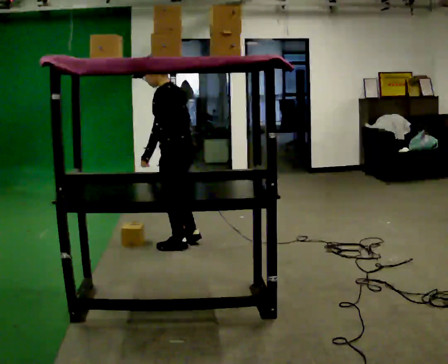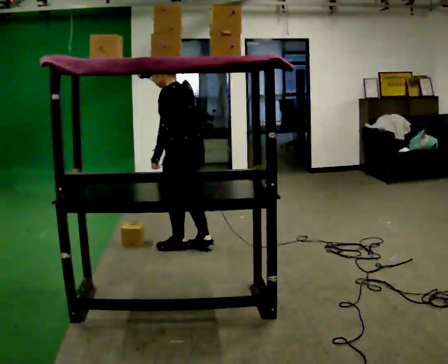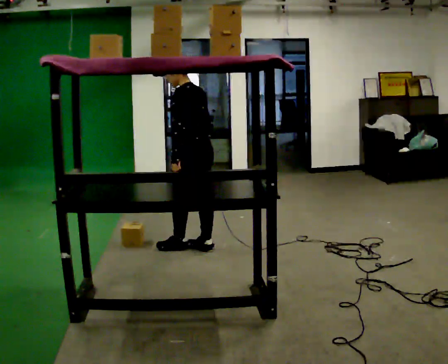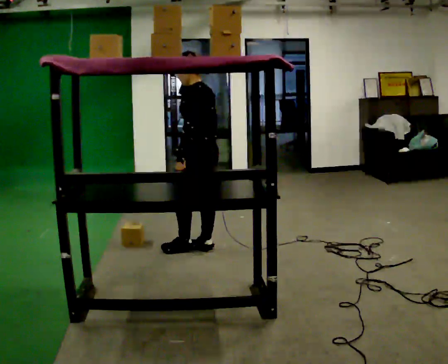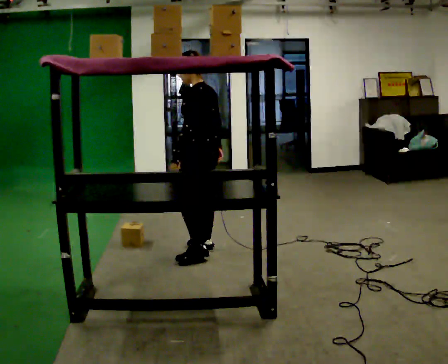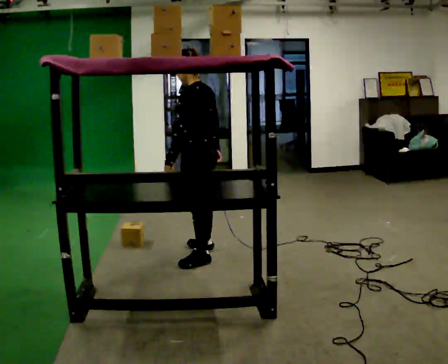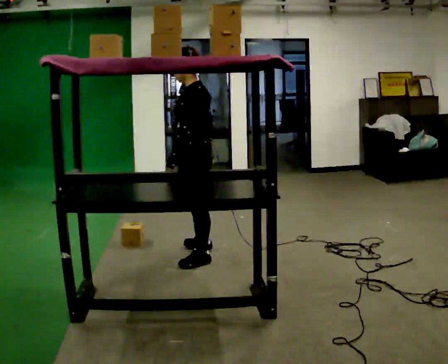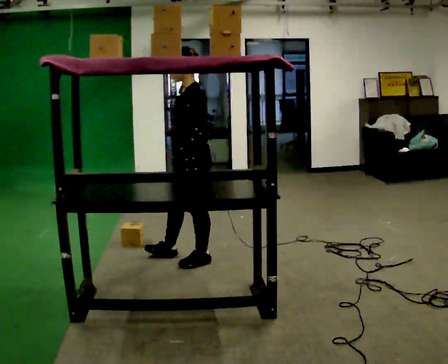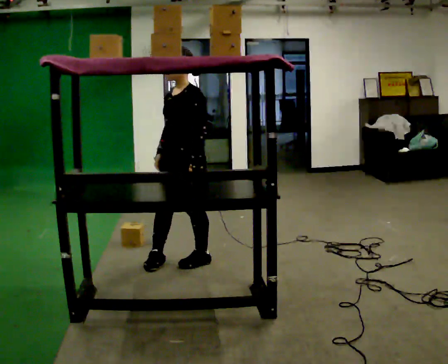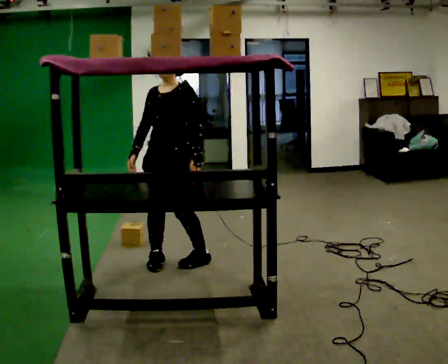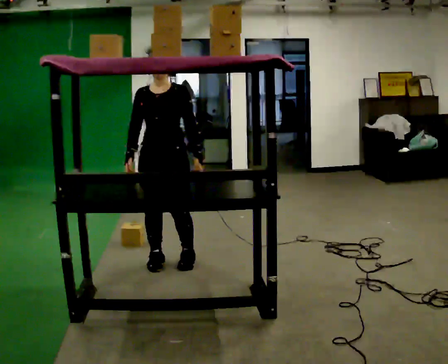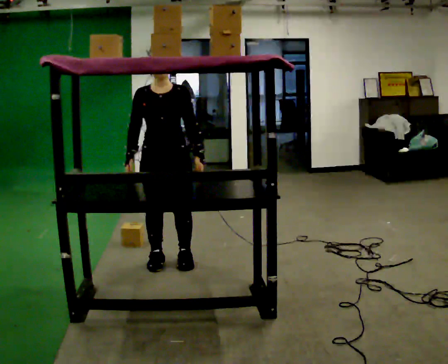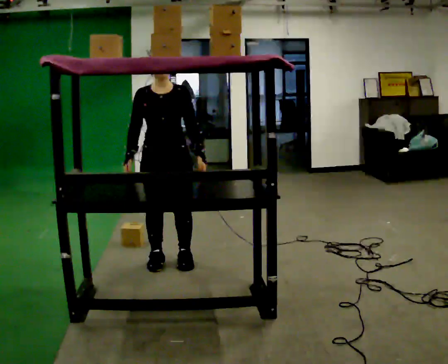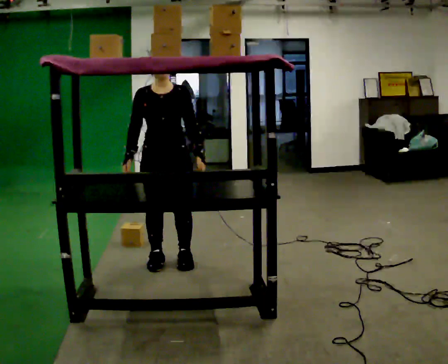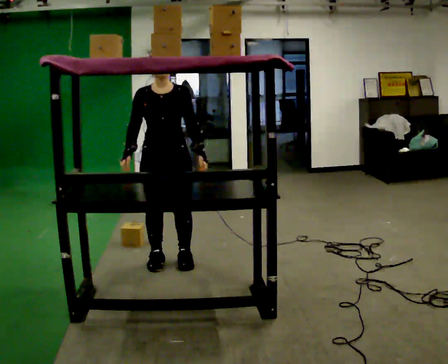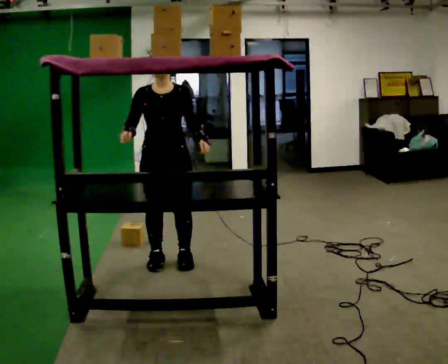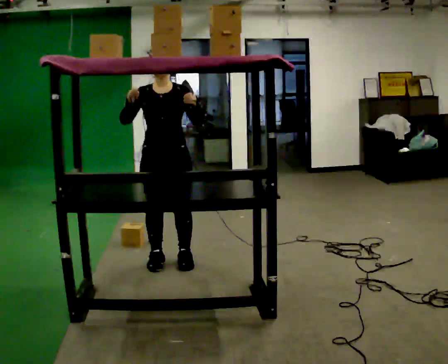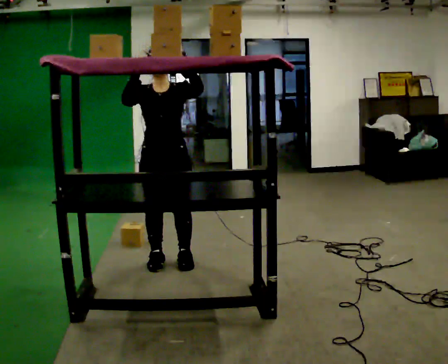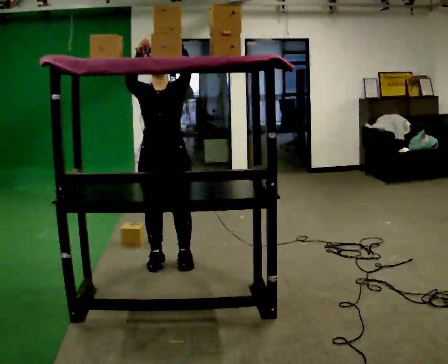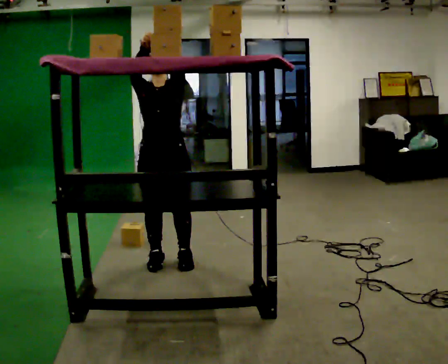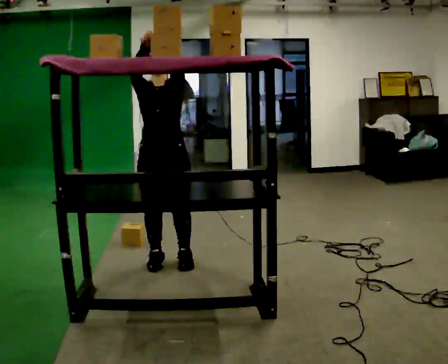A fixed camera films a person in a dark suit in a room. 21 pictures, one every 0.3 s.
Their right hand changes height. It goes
upward.
The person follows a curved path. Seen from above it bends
clockwise.
0.0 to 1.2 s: In the picture they go to the right, about 0.25 m in 1 step, which for them is backward.
1.2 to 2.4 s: The part of the body nearest the lens slides to the right as the person turns to their left by about 45 degrees. In the picture they go toward the camera, about 0.25 m in 1 step, which for them is to their left.
2.4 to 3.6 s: The part of the body nearest the lens slides to the right as the person turns to their left by about 60 degrees. In the picture they go to the left, about 0.25 m in 1 step.
3.6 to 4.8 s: In the picture their right hand goes upward.
4.8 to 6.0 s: In the picture their left hand goes upward.
The film runs backward here.
